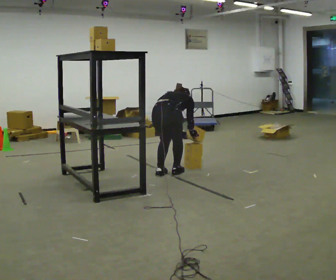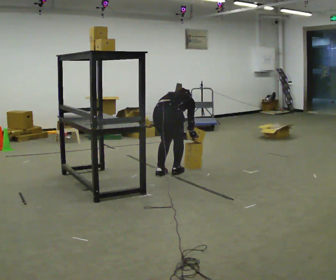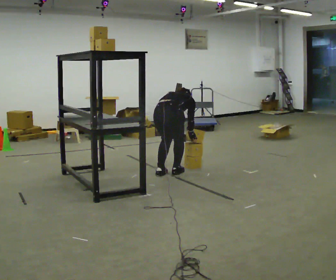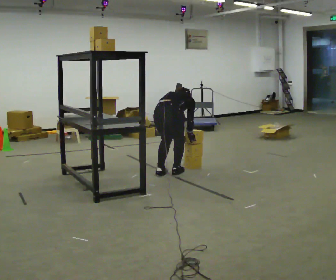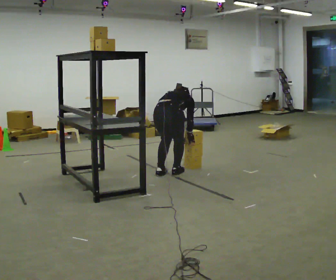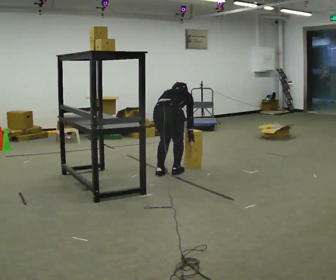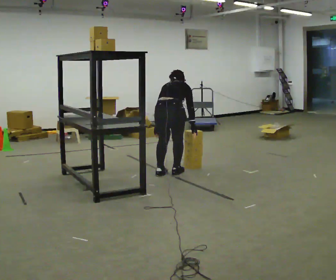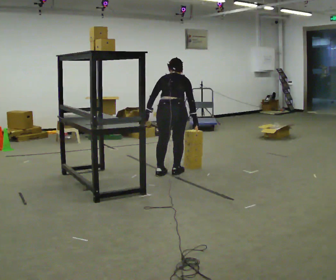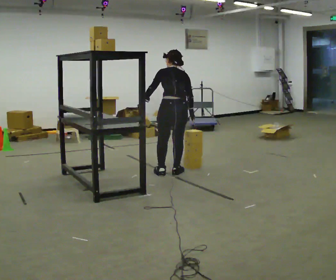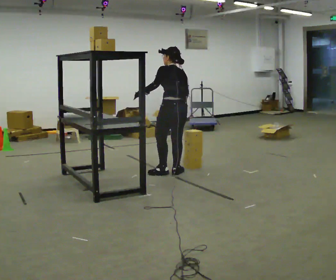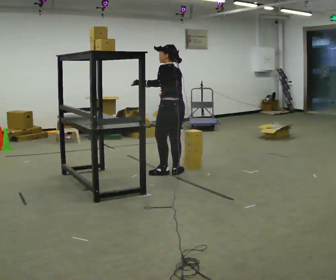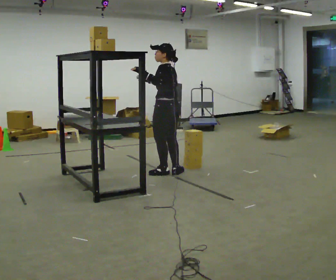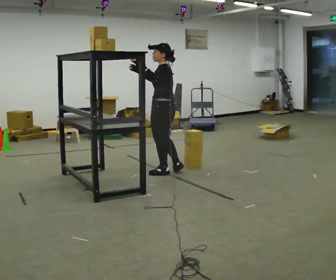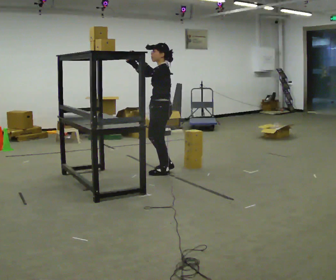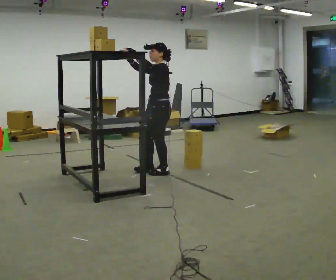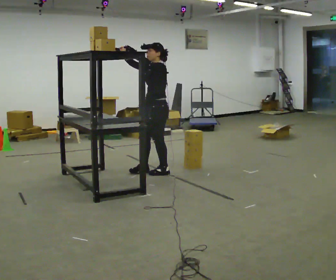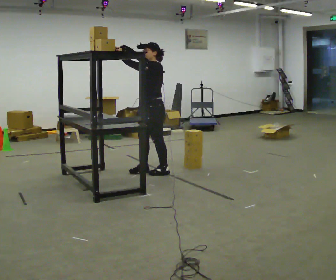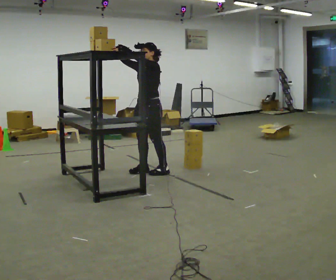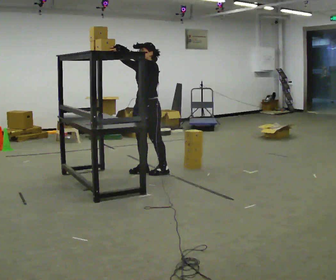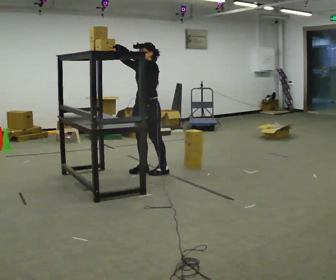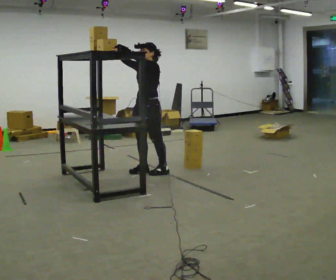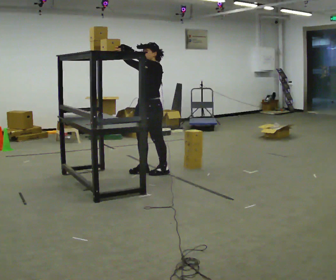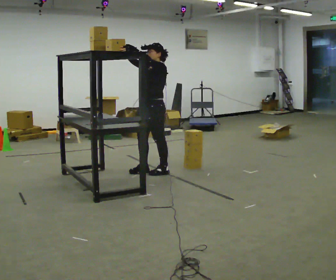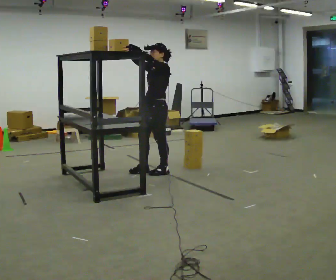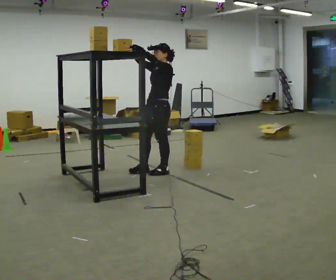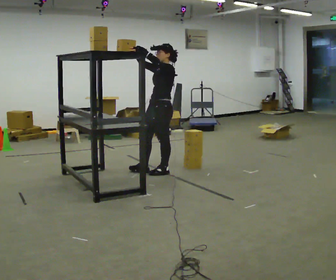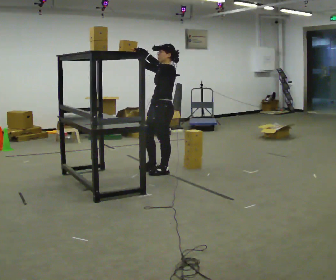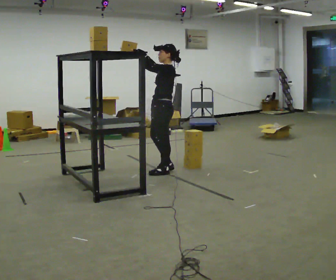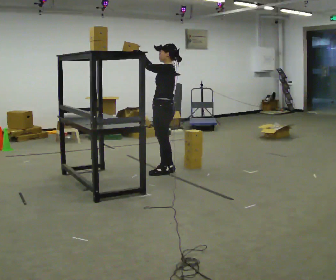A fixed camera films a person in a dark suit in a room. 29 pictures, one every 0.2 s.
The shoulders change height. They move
upward.
Their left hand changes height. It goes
upward.
0.0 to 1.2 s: The shoulders move upward. In the picture the upper body tilts counterclockwise, shoulders to the left, as they lean back or straighten. In the picture their left hand goes to the left.
1.2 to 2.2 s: The part of the body nearest the lens slides to the right as the person turns to their left by about 75 degrees. The upper body goes upward. The upper body tips toward the camera, its near side rolling downward, as they lean back or straighten. In the picture their right hand goes to the left and upward.
2.2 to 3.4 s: The person turns about 75 degrees to their left, counterclockwise seen from above, so the part of the body nearest the lens slides to the right. In the picture they go to the left, about 0.25 m in 1 step. In the picture their right hand goes to the left and upward.
3.4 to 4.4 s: The person moves a little, or ends about where they began.
4.4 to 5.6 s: The part of the body nearest the lens slides to the left as the person turns to their right by about 45 degrees.
The film runs forward here.
